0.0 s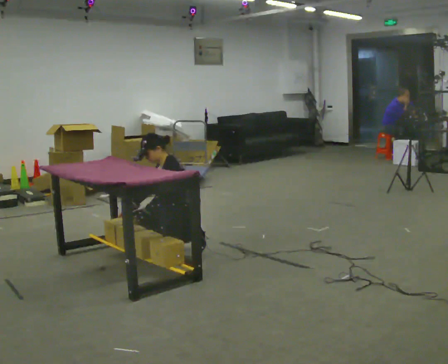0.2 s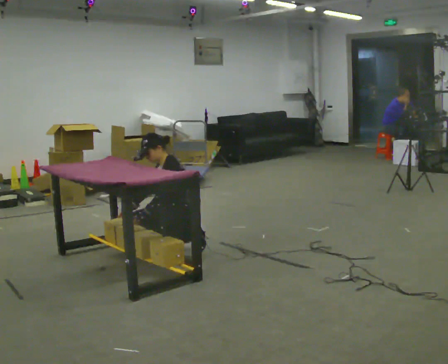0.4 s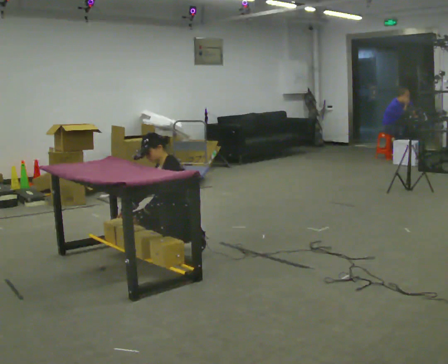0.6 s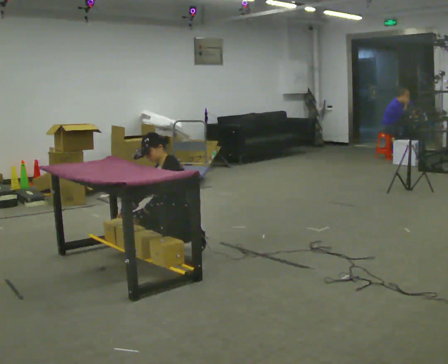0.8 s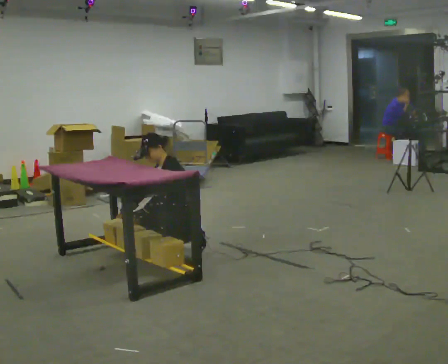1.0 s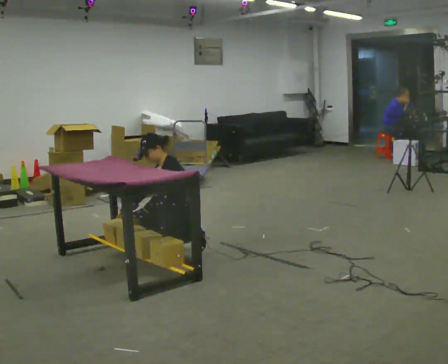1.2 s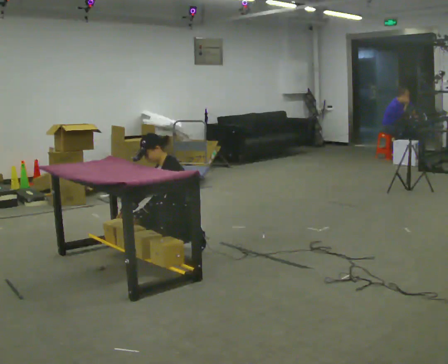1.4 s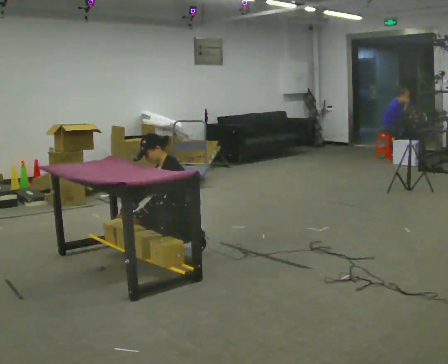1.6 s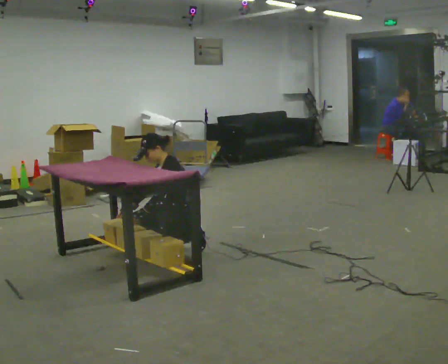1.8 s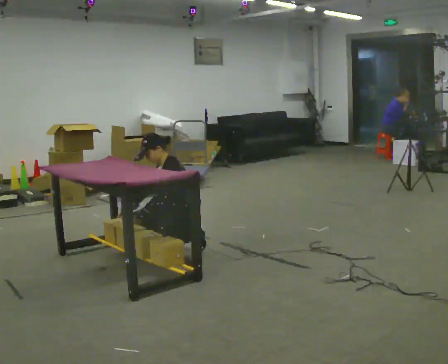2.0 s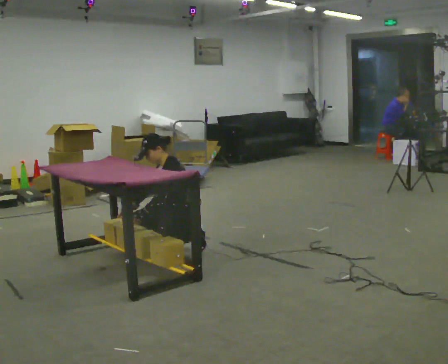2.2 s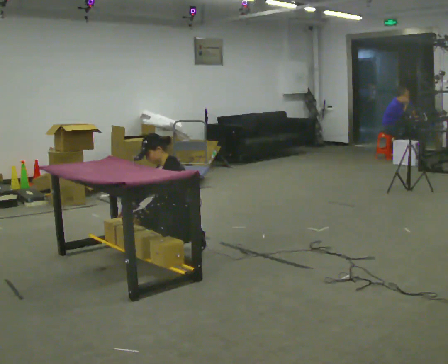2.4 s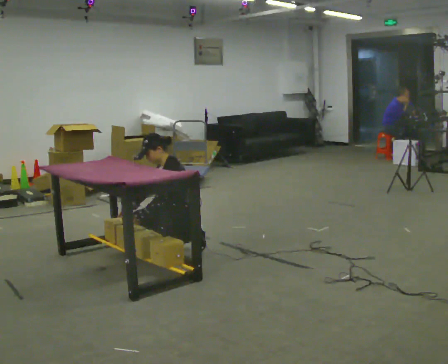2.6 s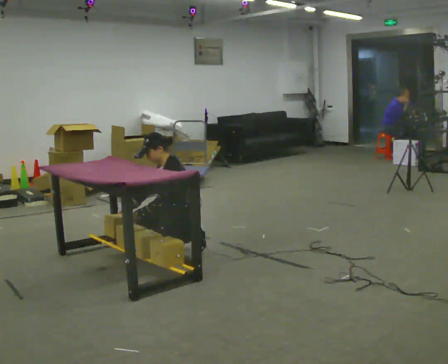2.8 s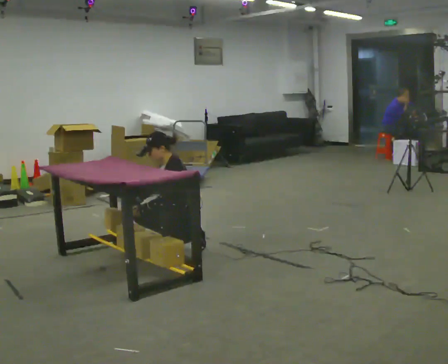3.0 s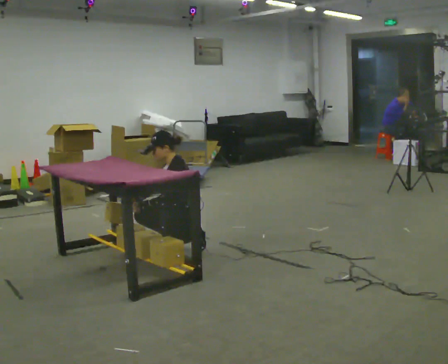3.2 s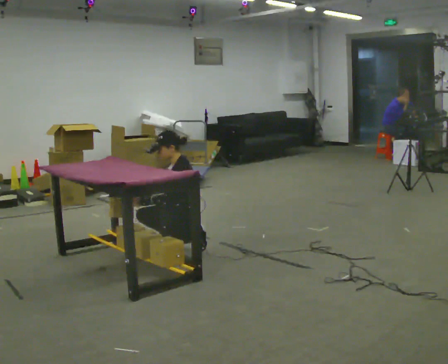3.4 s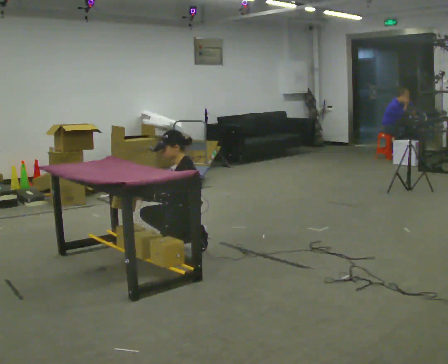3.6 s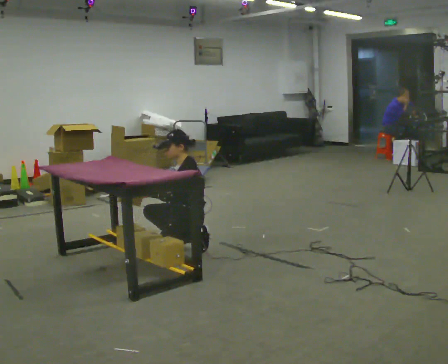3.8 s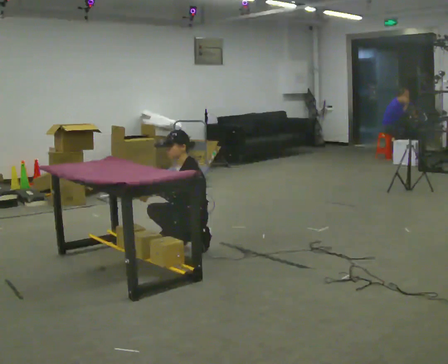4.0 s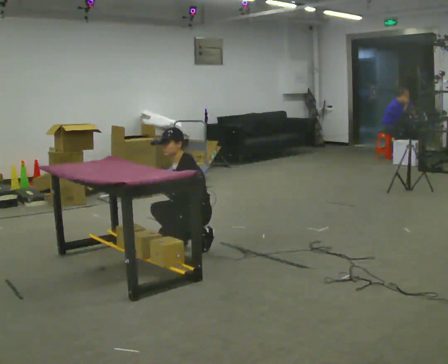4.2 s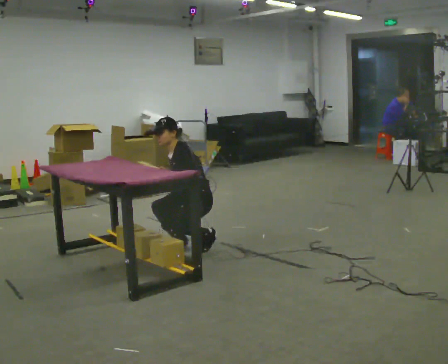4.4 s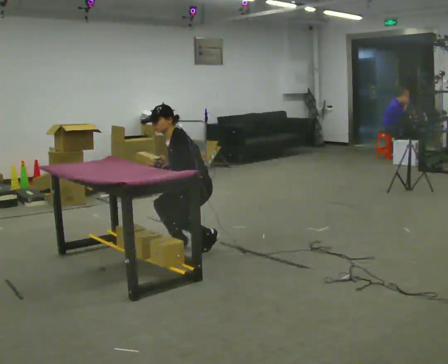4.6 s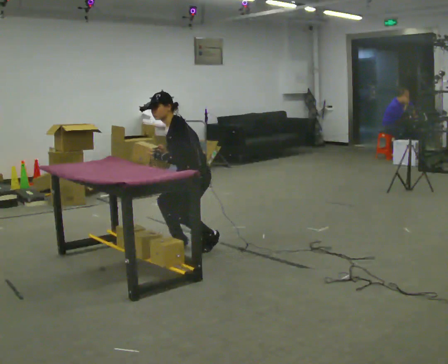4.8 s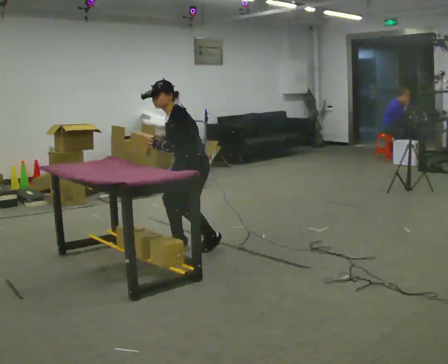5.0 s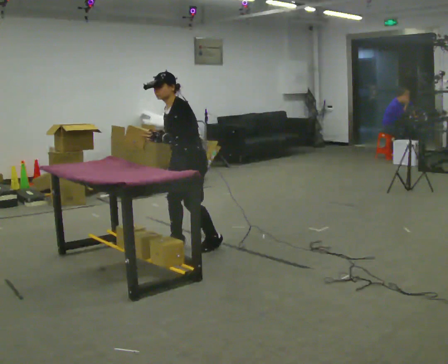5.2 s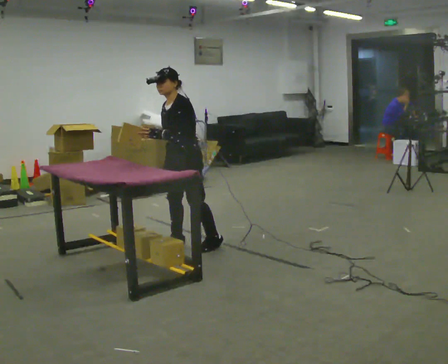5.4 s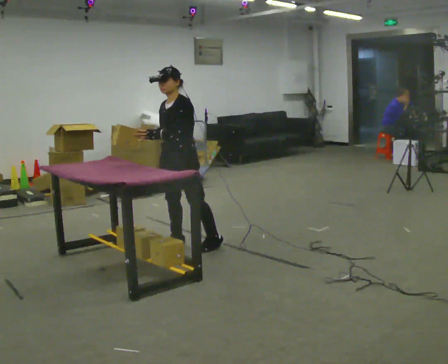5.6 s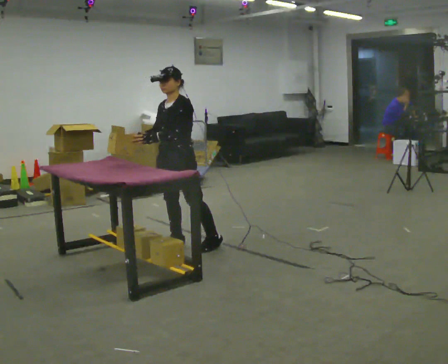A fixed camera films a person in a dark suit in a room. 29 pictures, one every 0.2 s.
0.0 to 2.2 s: The person keeps their place and pose.
2.2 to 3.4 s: In the picture the upper body tilts clockwise, shoulders to the right, as they lean back or straighten.
3.4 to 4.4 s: The upper body goes upward. In the picture the upper body tilts counterclockwise, shoulders to the left, as they bend forward.
4.4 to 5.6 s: The part of the body nearest the lens slides to the right as the person turns to their left by about 30 degrees. In the picture they go to the left, about 0.25 m in 1 step, which for them is forward. The upper body goes upward. In the picture the upper body tilts clockwise, shoulders to the right, as they lean back or straighten.
The film runs forward here.
